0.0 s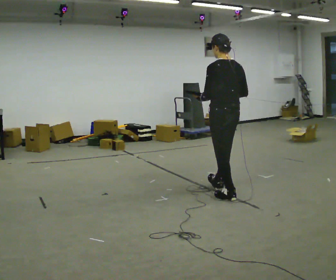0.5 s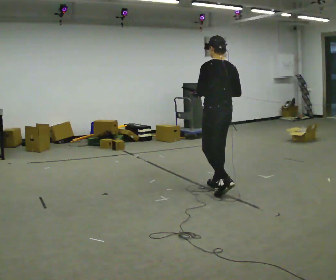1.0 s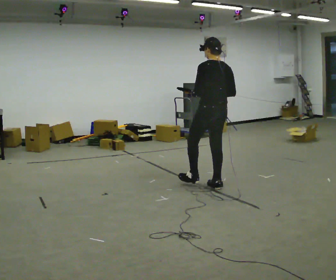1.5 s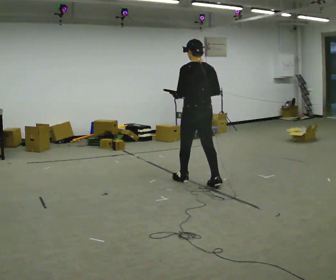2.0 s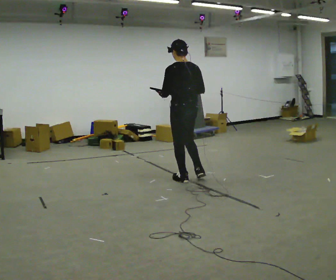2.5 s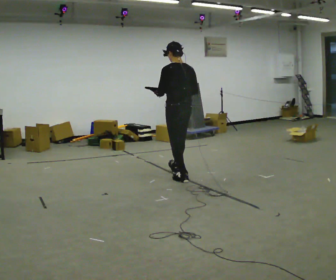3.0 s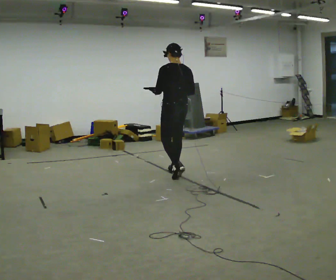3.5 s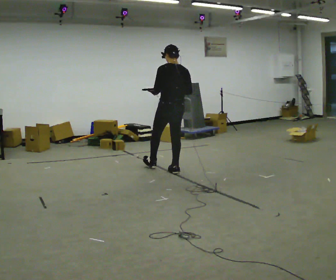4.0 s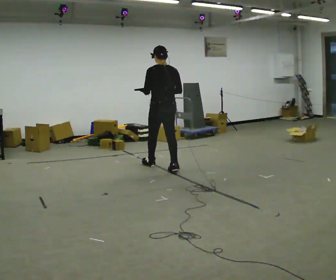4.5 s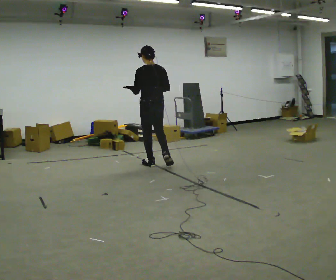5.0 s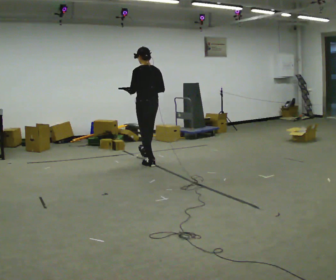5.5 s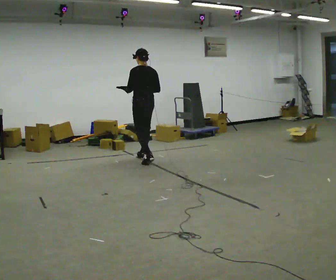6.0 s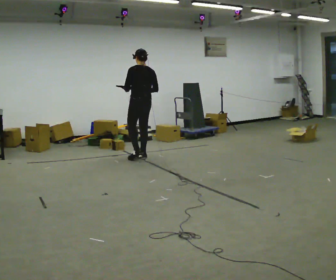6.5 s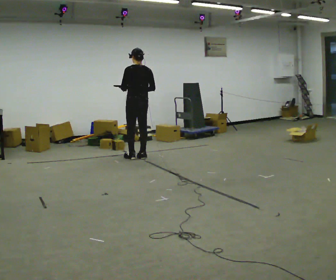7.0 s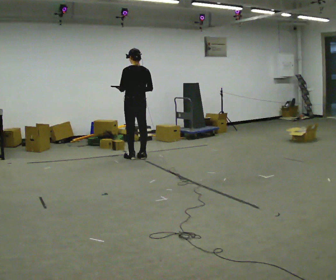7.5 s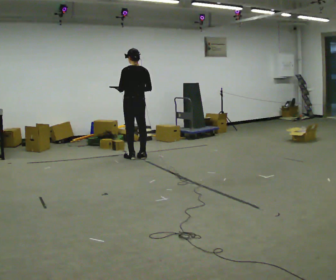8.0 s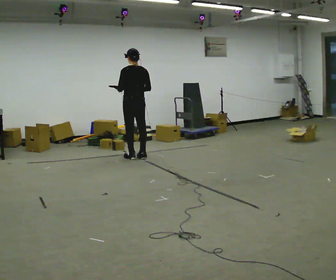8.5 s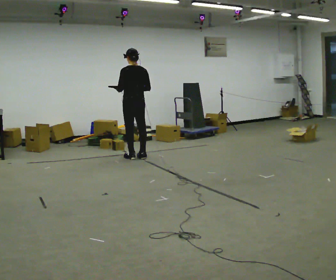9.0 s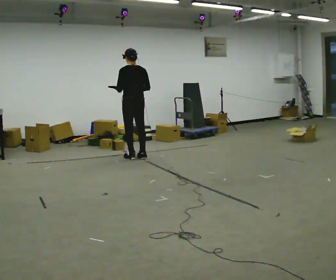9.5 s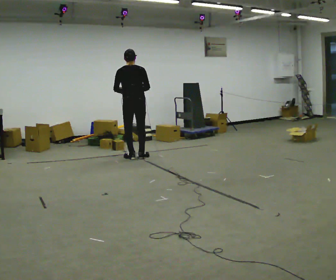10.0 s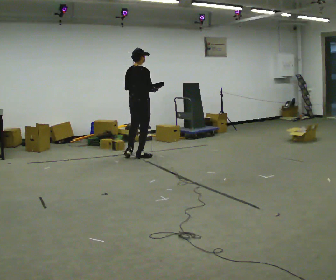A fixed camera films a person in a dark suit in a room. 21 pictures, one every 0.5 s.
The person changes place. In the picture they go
away from the camera.
0.0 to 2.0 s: In the picture they go away from the camera and to the left, about 1 m in 1 step, which for them is forward.
2.0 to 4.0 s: In the picture they go away from the camera and to the left, about 0.5 m in 2 steps, which for them is forward.
4.0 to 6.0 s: In the picture they go away from the camera and to the left, about 1 m in 1 step, which for them is forward.
6.0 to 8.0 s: The person moves a little, or ends about where they began.
8.0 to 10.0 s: The part of the body nearest the lens slides to the left as the person turns to their right by about 75 degrees.
The film runs forward here.
